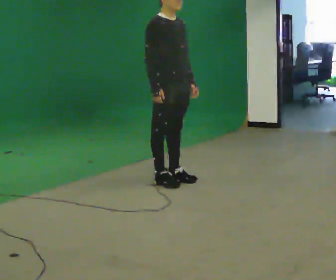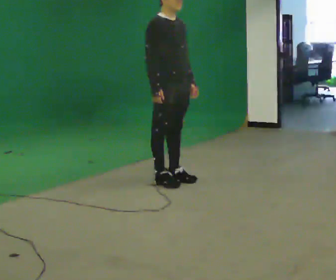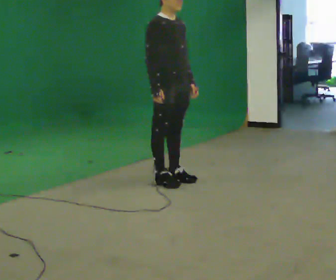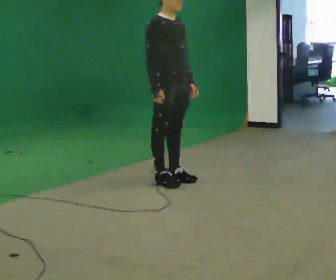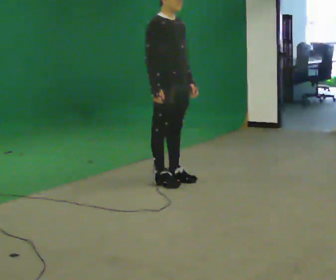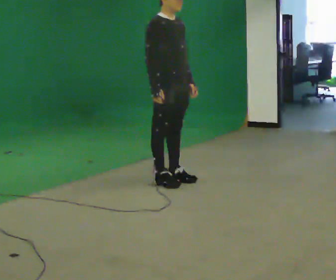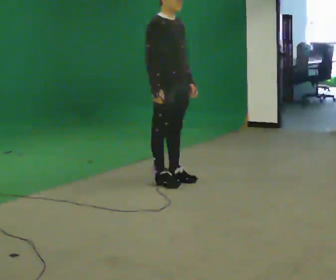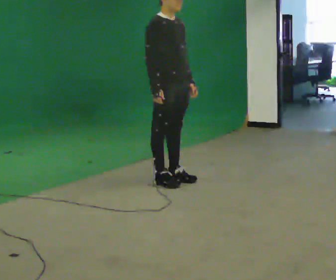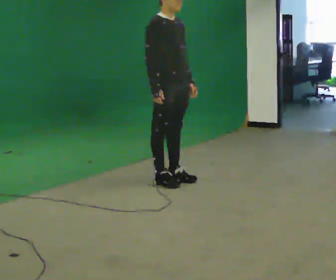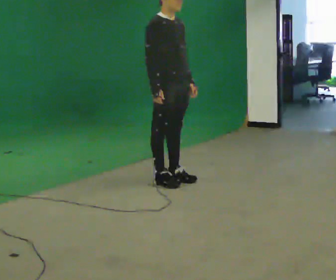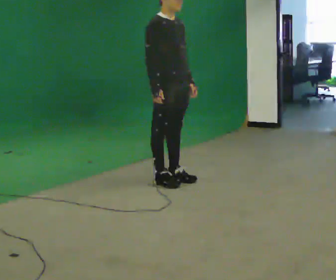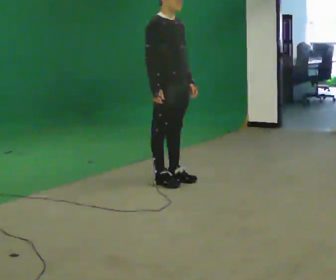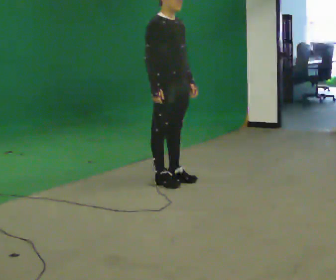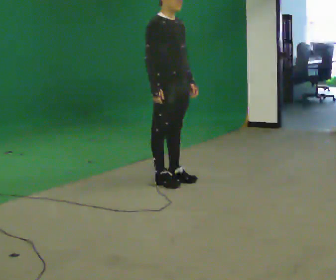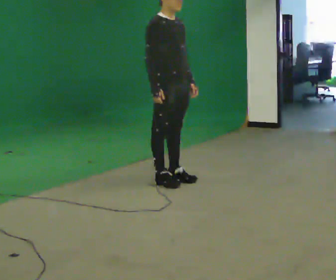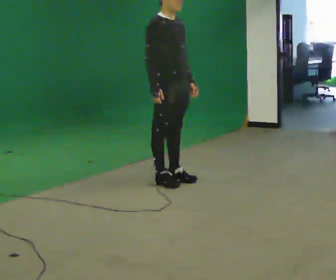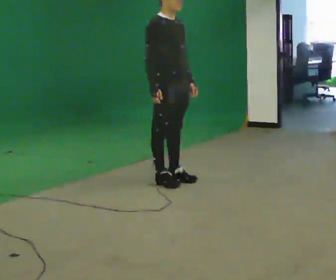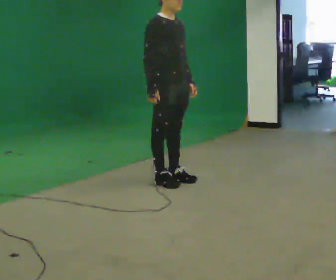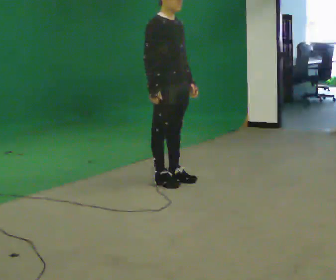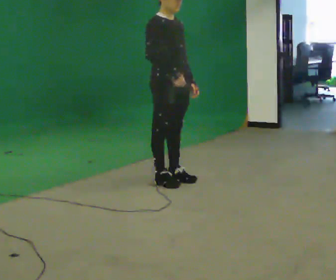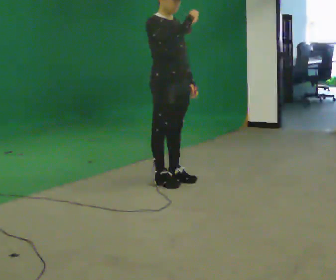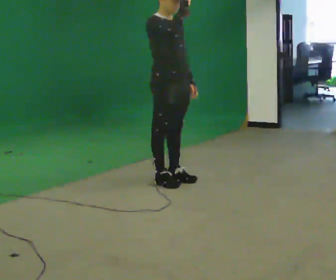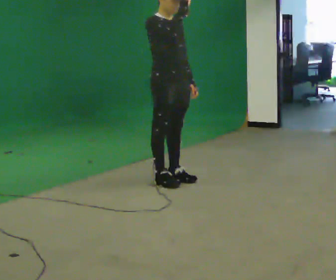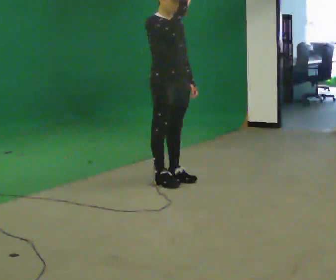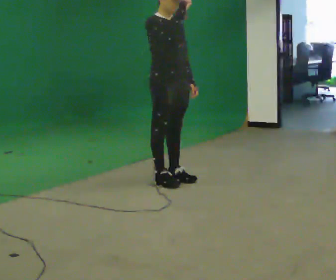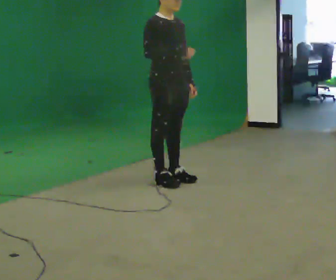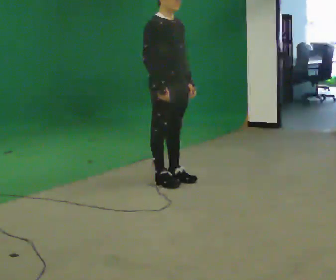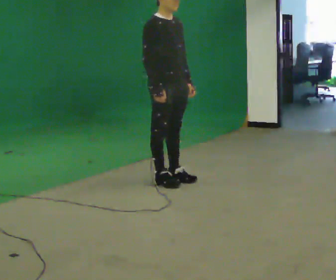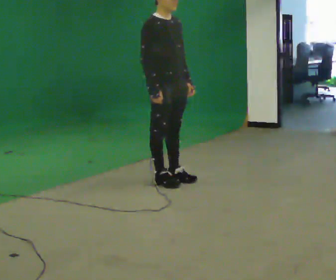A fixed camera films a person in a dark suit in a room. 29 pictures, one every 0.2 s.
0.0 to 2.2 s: The person keeps their place and pose.
2.2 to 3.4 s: The person moves a little, or ends about where they began.
3.4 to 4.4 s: In the picture their right hand goes upward.
4.4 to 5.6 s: In the picture their right hand goes downward.
The film runs backward here.
